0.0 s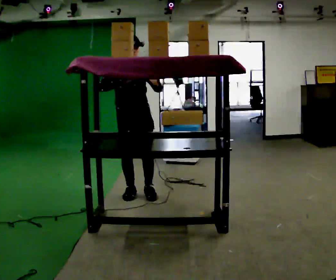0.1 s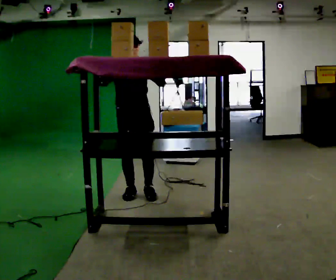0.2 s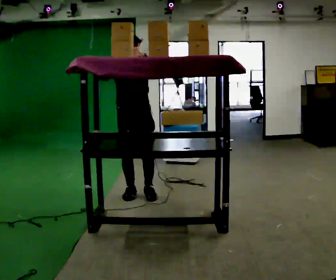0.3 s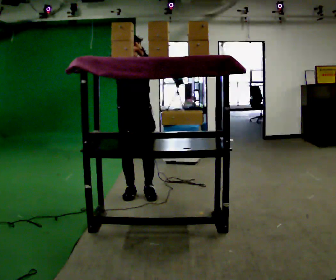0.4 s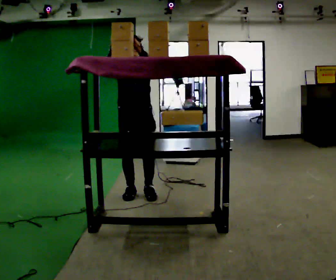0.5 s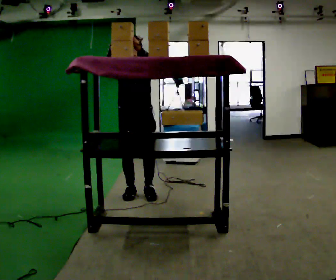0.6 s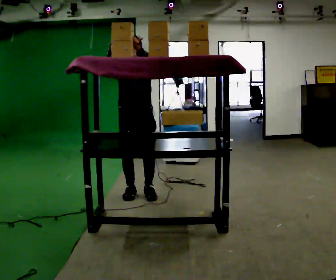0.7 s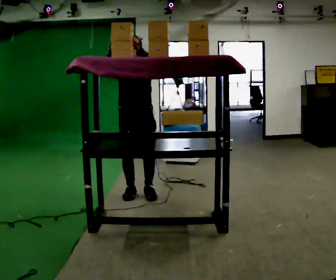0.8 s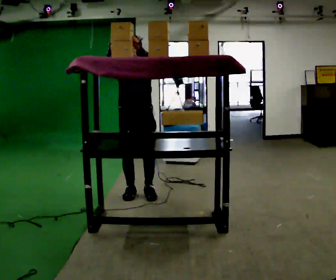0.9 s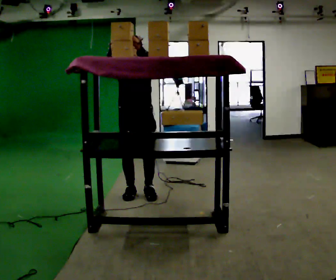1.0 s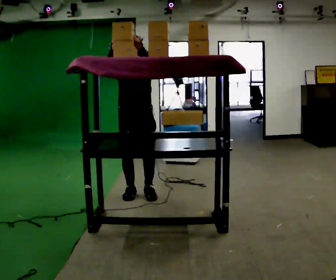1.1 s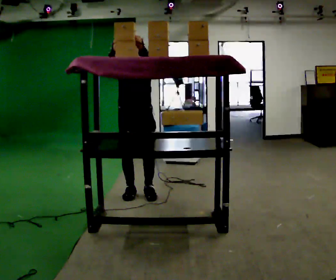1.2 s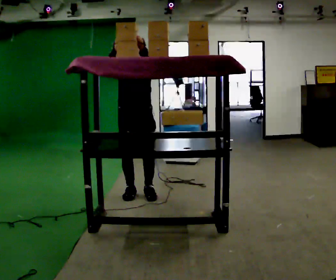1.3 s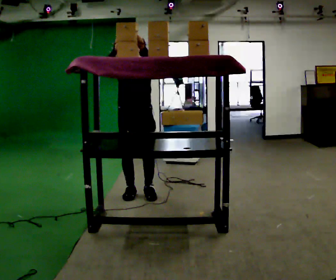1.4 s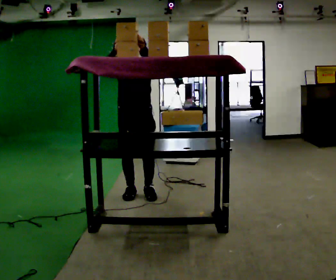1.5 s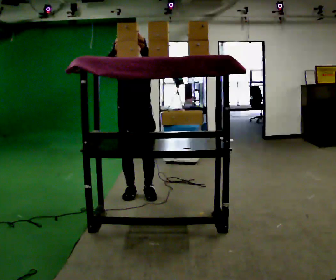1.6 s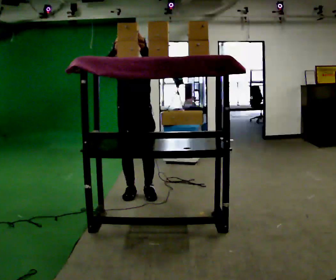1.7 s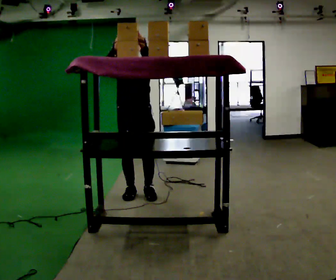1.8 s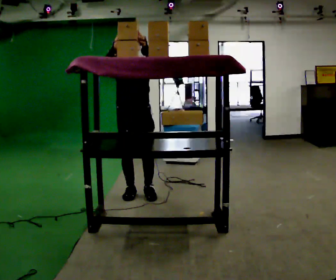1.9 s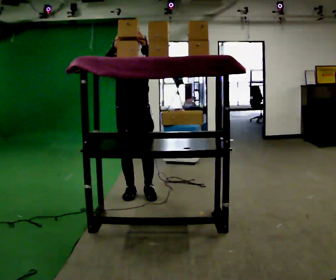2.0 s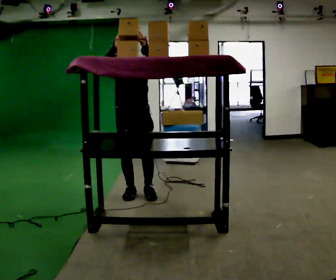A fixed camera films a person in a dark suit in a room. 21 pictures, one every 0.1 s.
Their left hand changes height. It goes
upward.
0.0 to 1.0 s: In the picture their left hand goes upward.
1.0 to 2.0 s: The person moves a little, or ends about where they began.
The film runs backward here.
